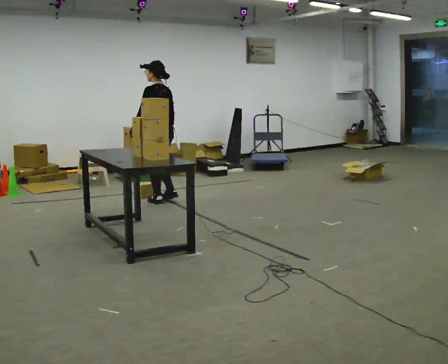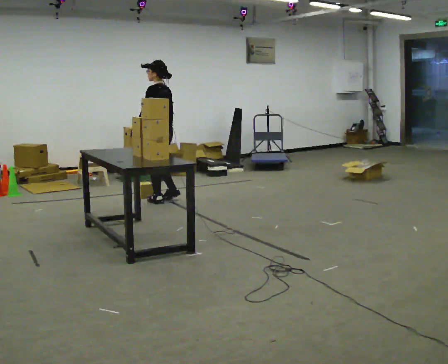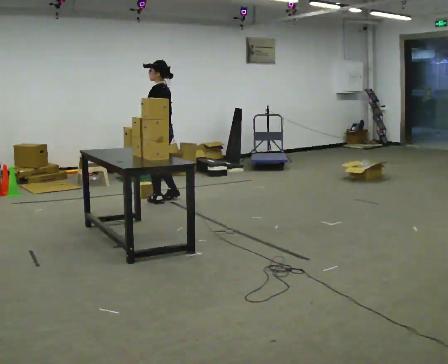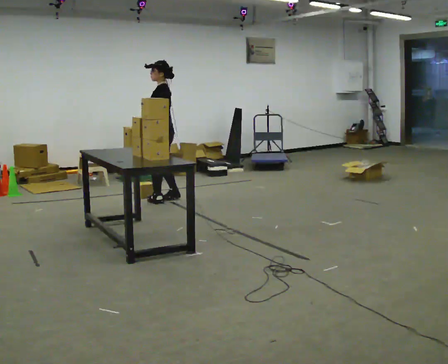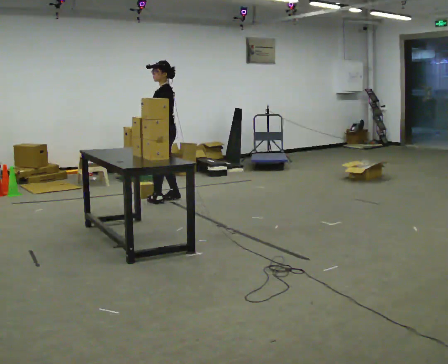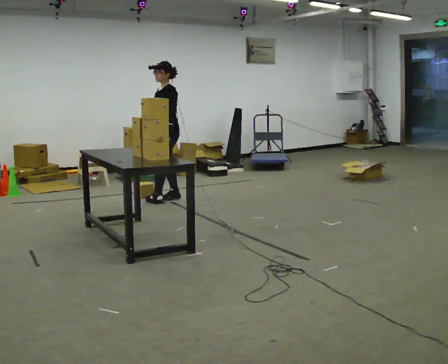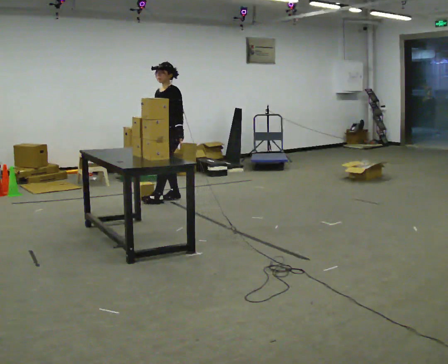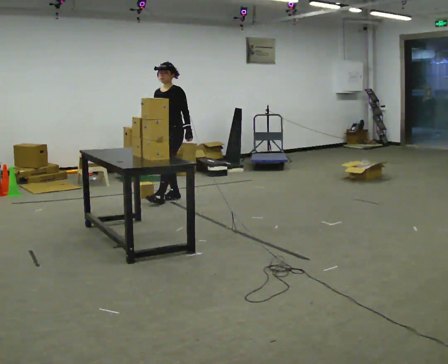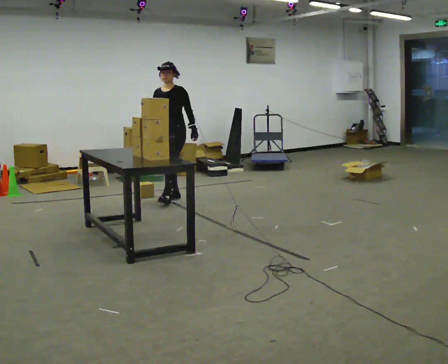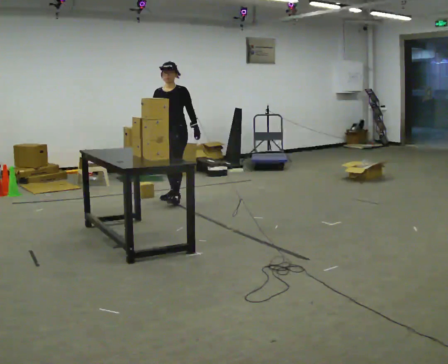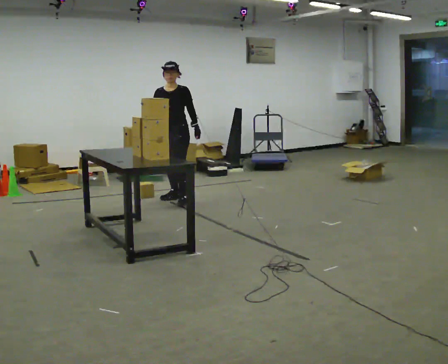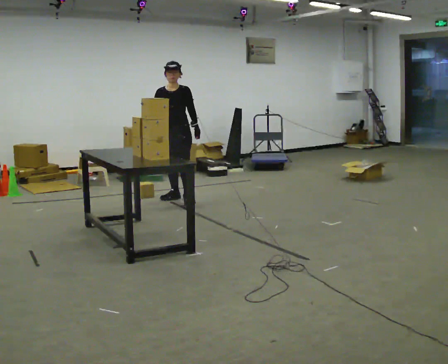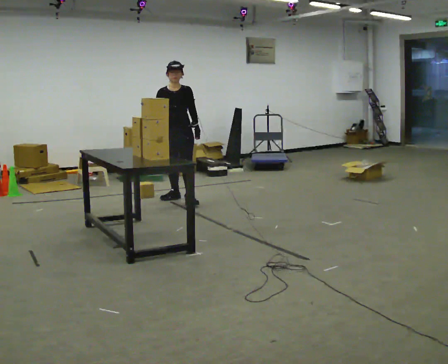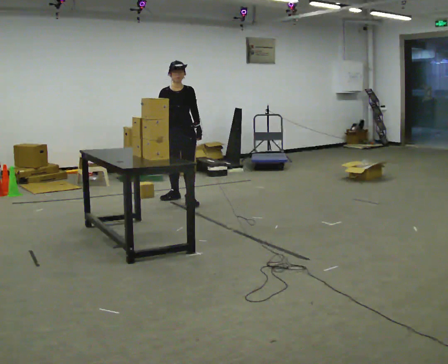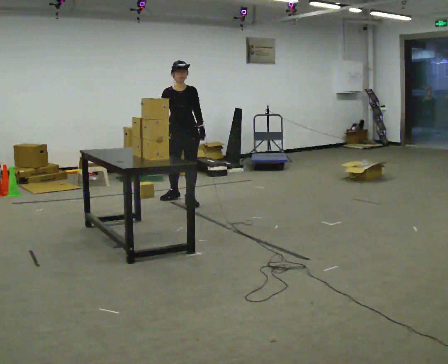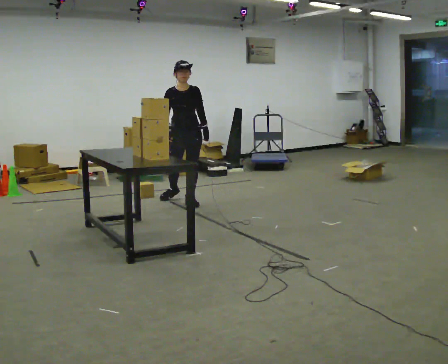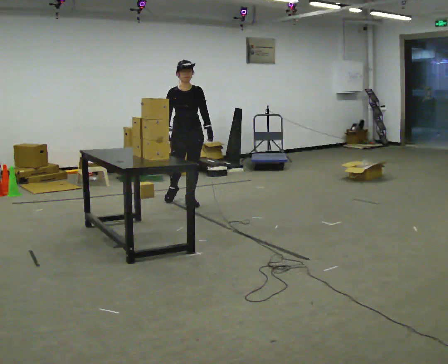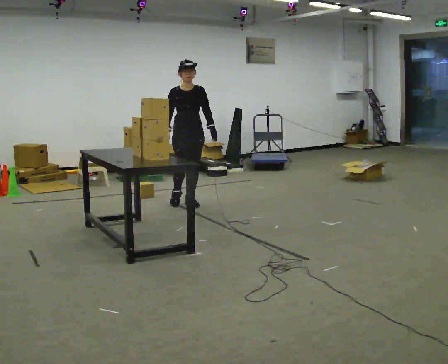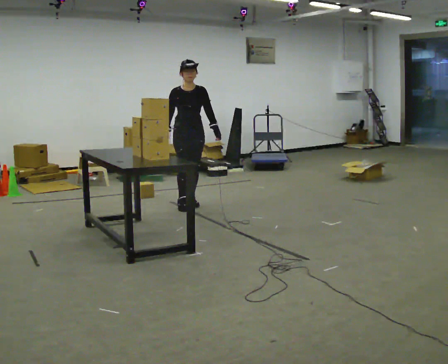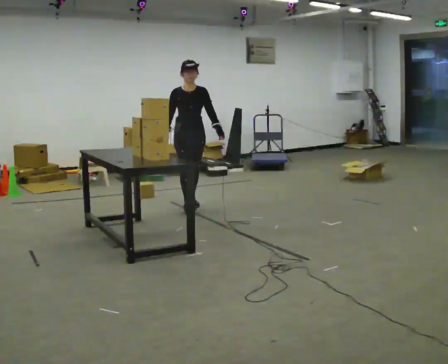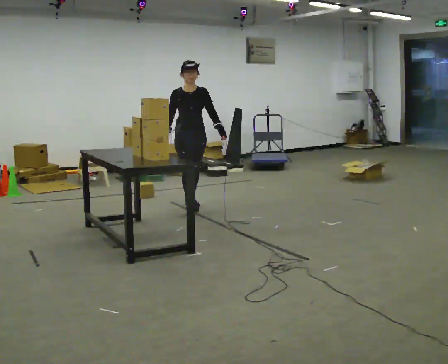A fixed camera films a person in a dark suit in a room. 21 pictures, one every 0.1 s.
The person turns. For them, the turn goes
to their left.
The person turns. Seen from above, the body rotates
counterclockwise.
0.0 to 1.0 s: The part of the body nearest the lens slides to the right as the person turns to their left by about 105 degrees. In the picture they go away from the camera, about 0.25 m in 1 step. In the picture their left hand goes to the right, the arm swinging counterclockwise.
1.0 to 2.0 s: The person turns about 30 degrees to their left, counterclockwise seen from above, so the part of the body nearest the lens slides to the right. In the picture they go toward the camera and to the right, about 0.5 m in 2 steps, which for them is forward.
The film runs forward here.
